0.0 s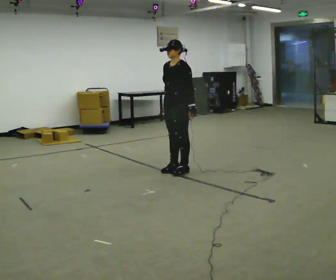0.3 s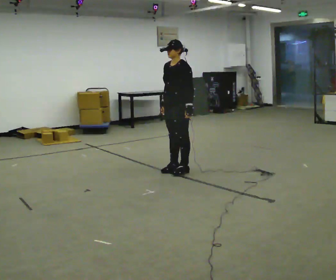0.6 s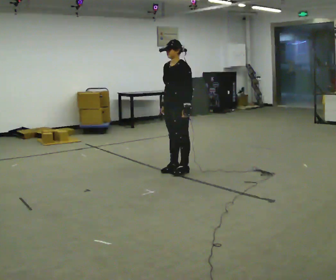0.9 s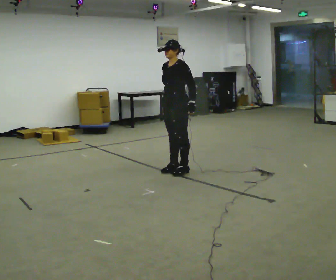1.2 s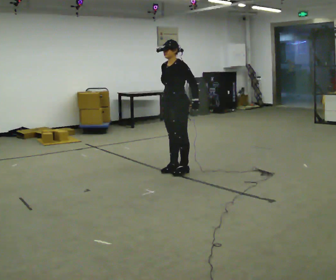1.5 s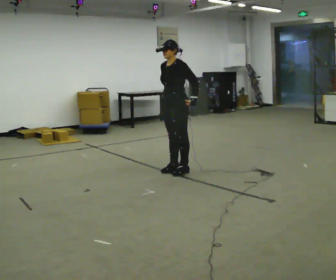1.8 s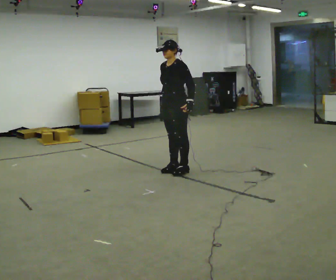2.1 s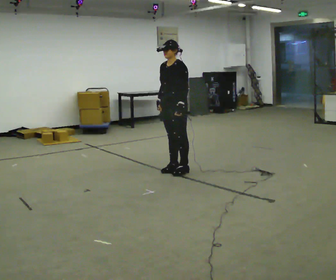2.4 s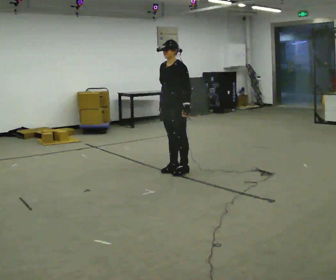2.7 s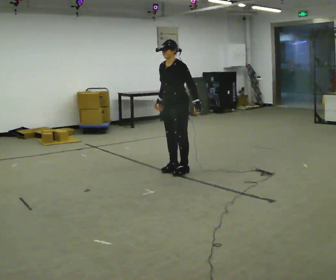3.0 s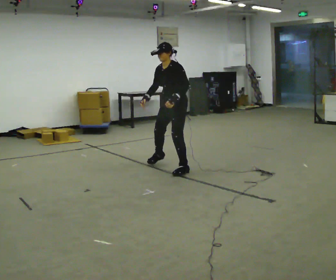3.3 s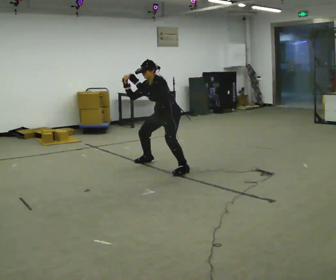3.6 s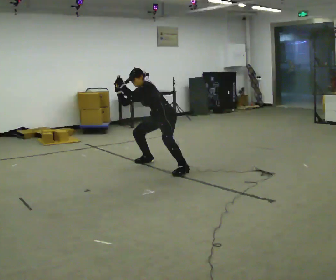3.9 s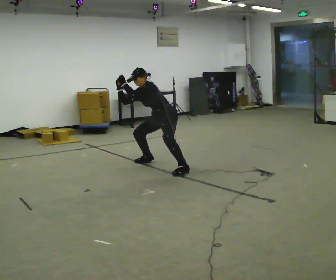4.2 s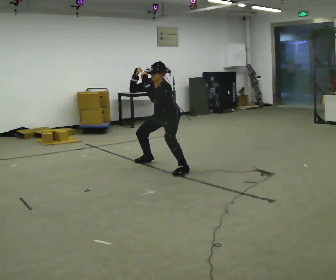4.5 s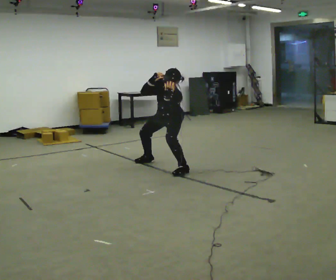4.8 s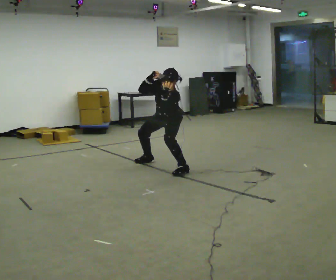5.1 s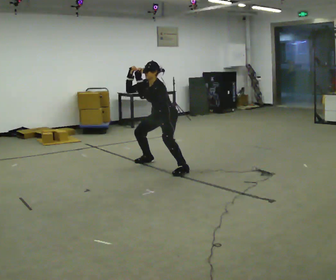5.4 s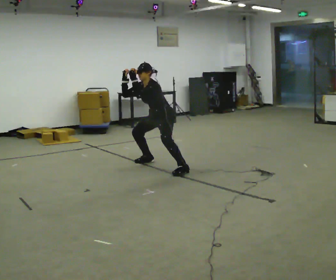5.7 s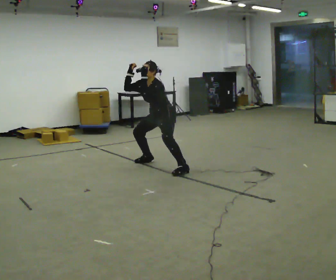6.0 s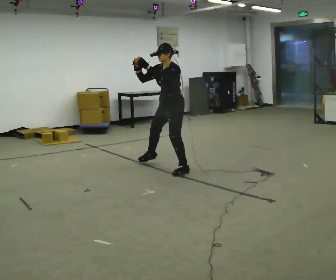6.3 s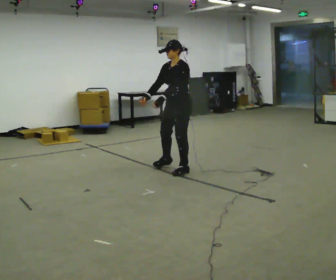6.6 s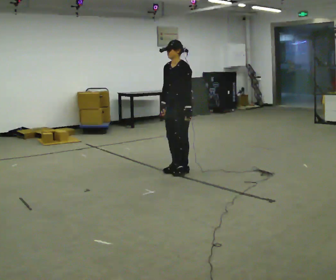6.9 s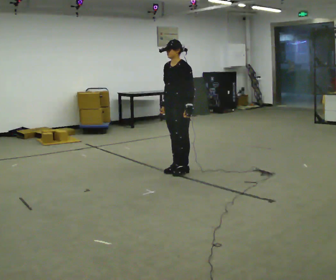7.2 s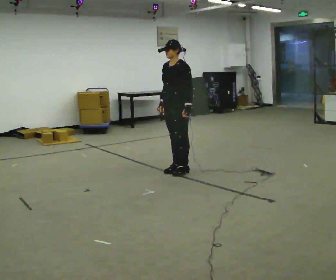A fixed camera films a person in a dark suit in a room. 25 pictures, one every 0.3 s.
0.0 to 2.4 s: The person moves a little, or ends about where they began.
2.4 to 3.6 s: In the picture they go away from the camera, about 0.5 m in 1 step, which for them is to their right. The shoulders move downward. In the picture the upper body tilts counterclockwise, shoulders to the left, as they bend forward.
3.6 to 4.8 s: The part of the body nearest the lens slides to the right as the person turns to their left by about 30 degrees. The upper body tips toward the camera, its near side rolling downward. In the picture their right hand goes to the right.
4.8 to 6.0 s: The upper body goes upward. The upper body tips away from the camera, its near side rolling upward, as they lean back or straighten. In the picture their left hand goes upward.
6.0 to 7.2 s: In the picture they go toward the camera, about 0.25 m, which for them is to their left. In the picture their left hand goes to the right and downward.
The film runs backward here.
